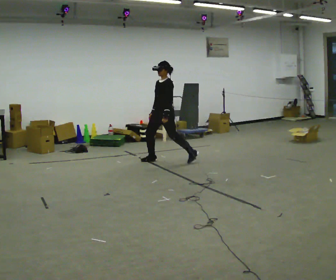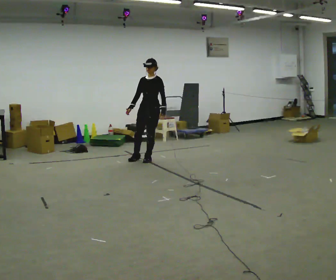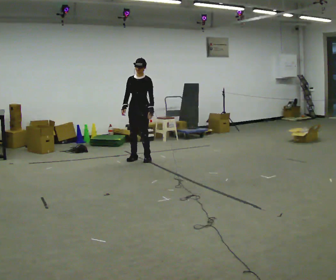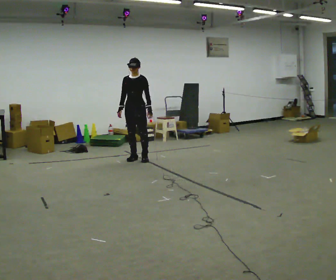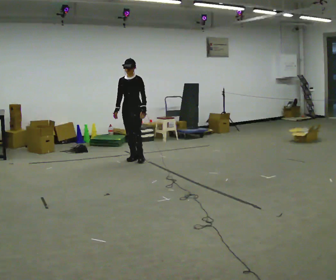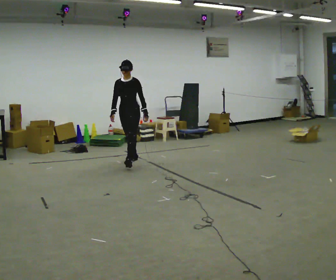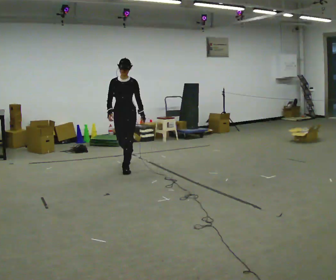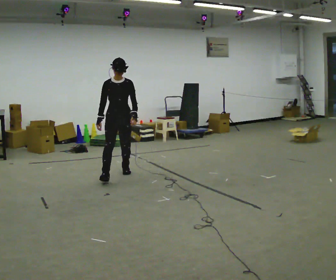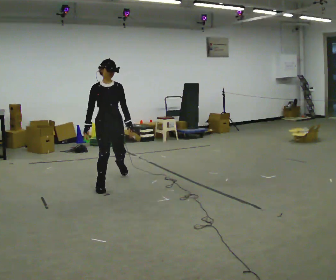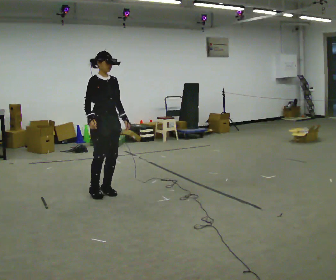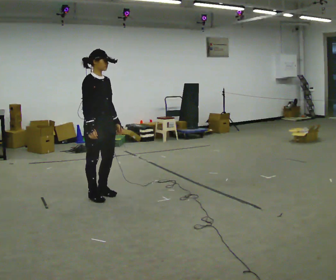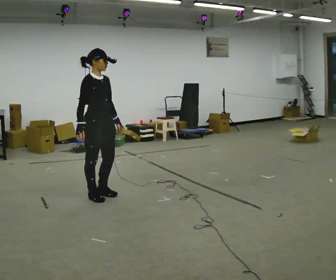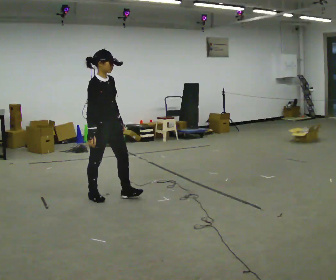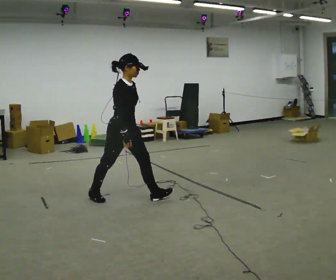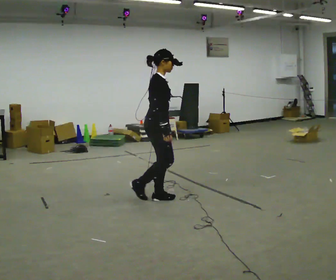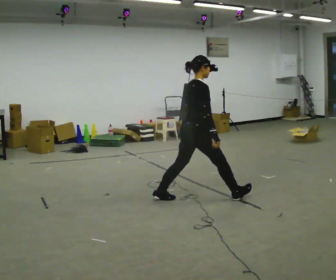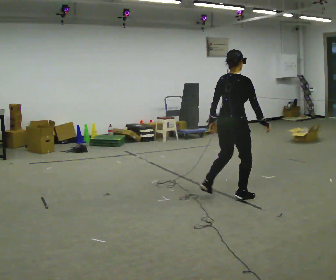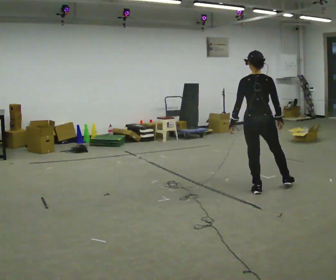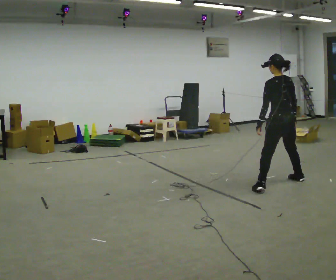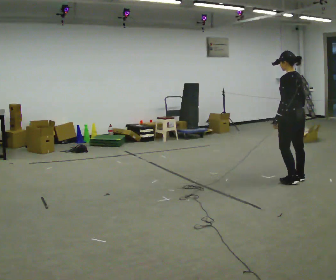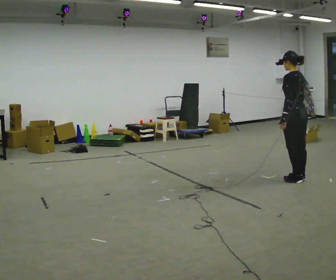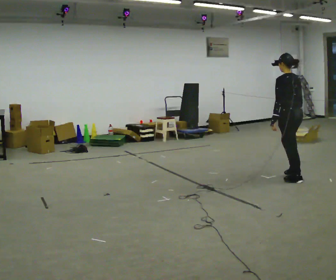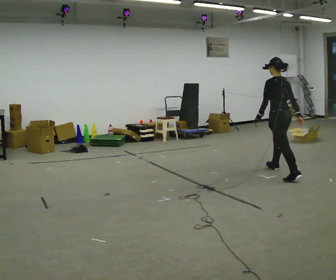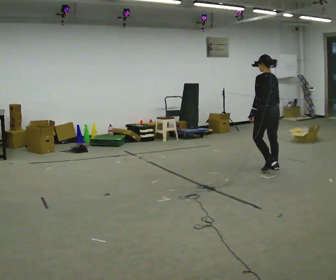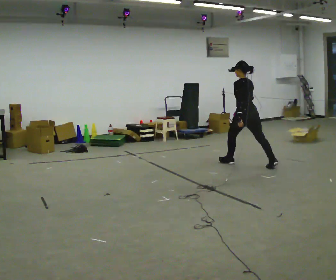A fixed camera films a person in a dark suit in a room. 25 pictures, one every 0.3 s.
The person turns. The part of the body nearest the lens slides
to the right.
The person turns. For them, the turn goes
to their left.
0.0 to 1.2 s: Seen from above the body turns counterclockwise, about 30 degrees: to their left, with its near side sliding to the right. In the picture they go to the left, about 0.5 m in 2 steps, which for them is to their right.
1.2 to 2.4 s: The part of the body nearest the lens slides to the right as the person turns to their left by about 45 degrees. In the picture they go toward the camera, about 1.5 m in 2 steps, which for them is forward.
2.4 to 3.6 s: The person turns about 30 degrees to their left, counterclockwise seen from above, so the part of the body nearest the lens slides to the right. In the picture they go toward the camera, about 0.5 m in 3 steps, which for them is to their right and forward.
3.6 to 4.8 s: Seen from above the body turns counterclockwise, about 75 degrees: to their left, with its near side sliding to the right. In the picture they go to the right, about 1.5 m in 2 steps.
4.8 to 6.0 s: Seen from above the body turns counterclockwise, about 75 degrees: to their left, with its near side sliding to the right. In the picture they go to the right, about 1 m in 3 steps.
6.0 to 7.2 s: In the picture they go away from the camera, about 1 m in 1 step, which for them is forward.
The film runs forward here.
